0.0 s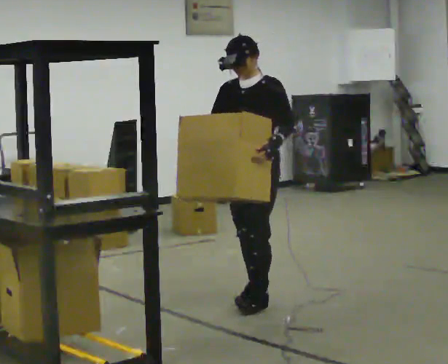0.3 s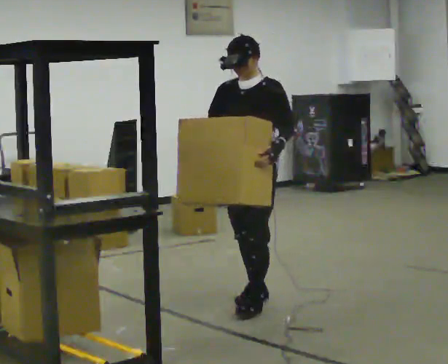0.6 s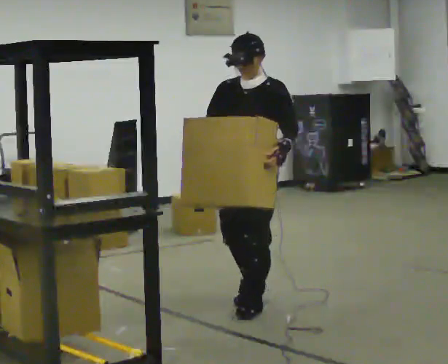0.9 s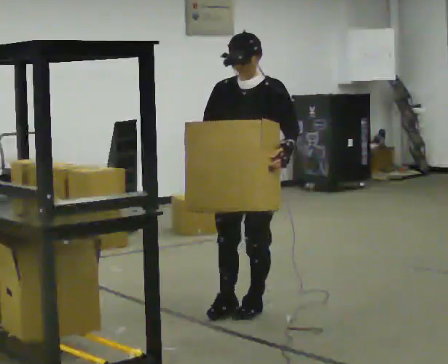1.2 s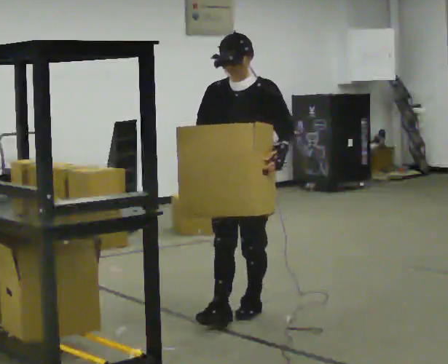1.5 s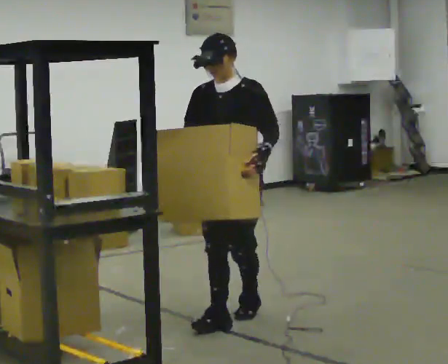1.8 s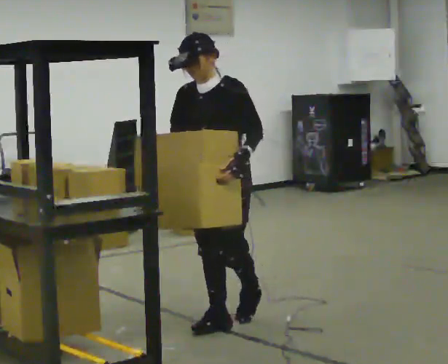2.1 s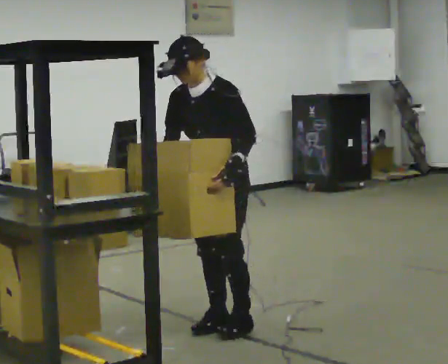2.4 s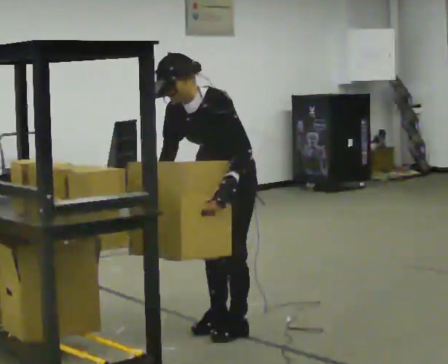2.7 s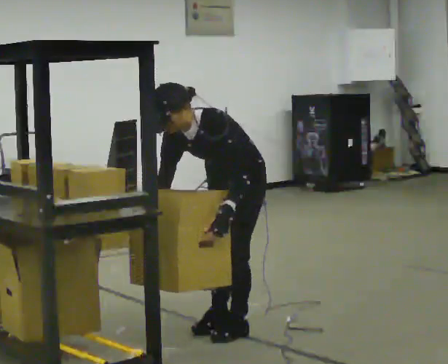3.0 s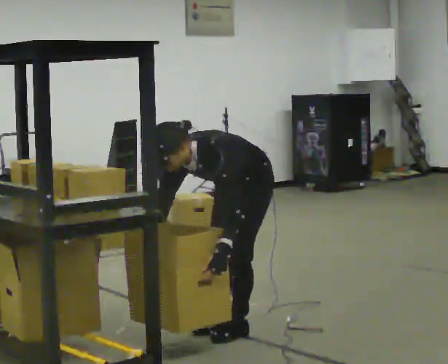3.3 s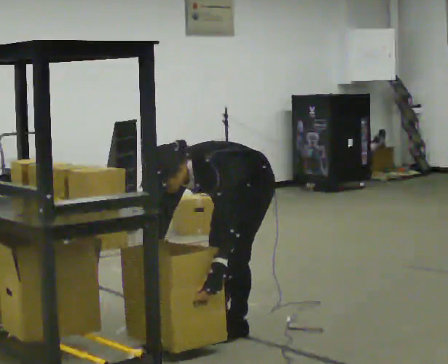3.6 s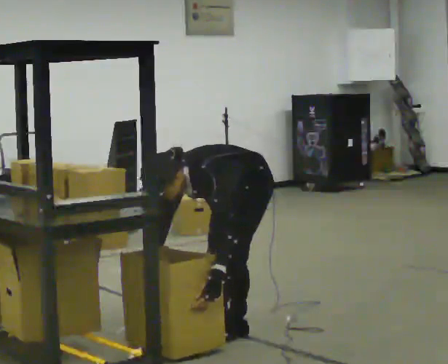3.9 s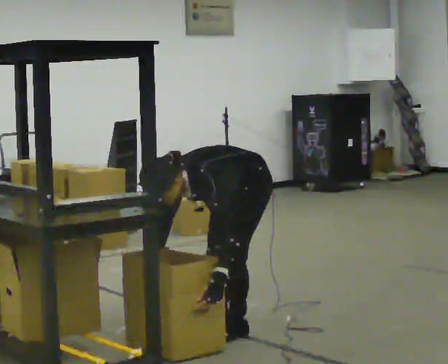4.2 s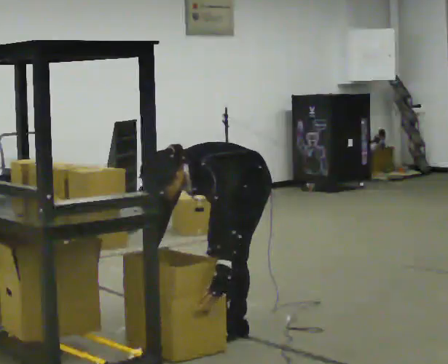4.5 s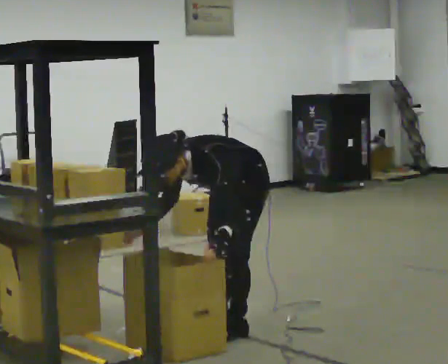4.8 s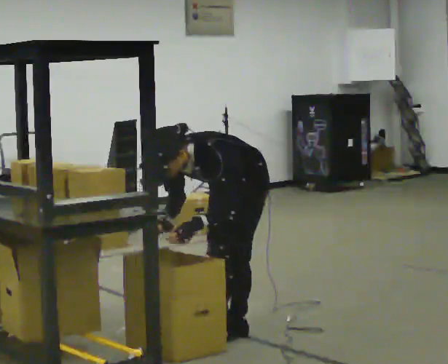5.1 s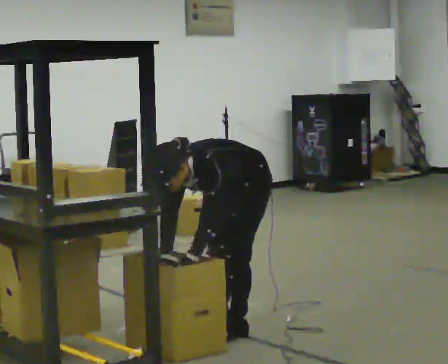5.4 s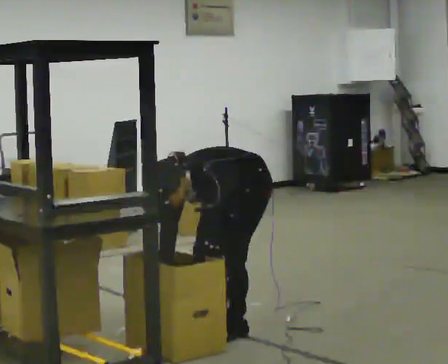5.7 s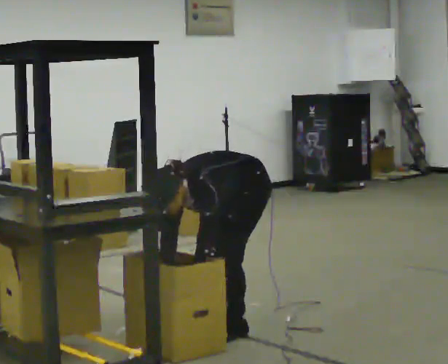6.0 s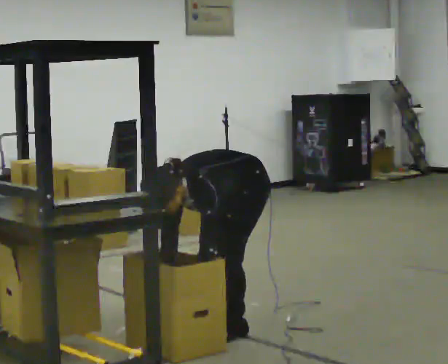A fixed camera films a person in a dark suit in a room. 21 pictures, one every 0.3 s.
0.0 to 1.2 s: In the picture they go toward the camera, about 0.25 m in 1 step, which for them is forward.
1.2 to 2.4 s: In the picture they go toward the camera, about 0.25 m in 2 steps, which for them is forward. In the picture the upper body tilts counterclockwise, shoulders to the left, as they bend forward.
2.4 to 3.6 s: The shoulders move downward. In the picture the upper body tilts counterclockwise, shoulders to the left, as they bend forward. In the picture their right hand goes downward.
3.6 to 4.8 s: In the picture the upper body tilts clockwise, shoulders to the right, as they lean back or straighten.
4.8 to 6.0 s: In the picture the upper body tilts counterclockwise, shoulders to the left, as they bend forward.
The film runs forward here.
